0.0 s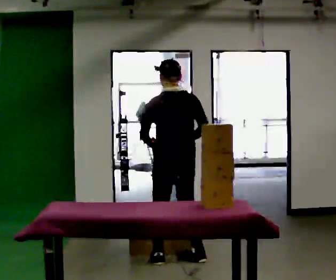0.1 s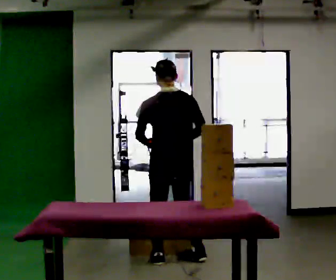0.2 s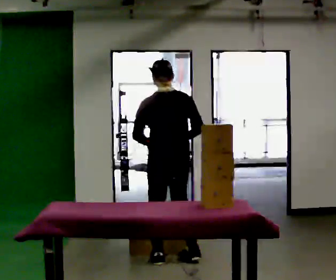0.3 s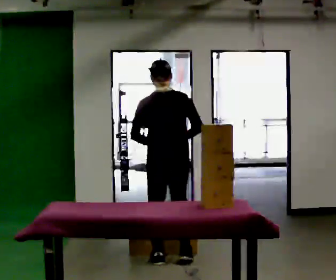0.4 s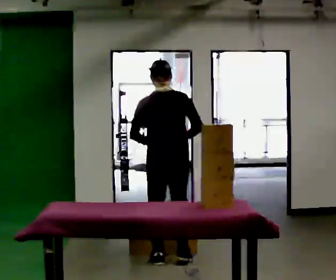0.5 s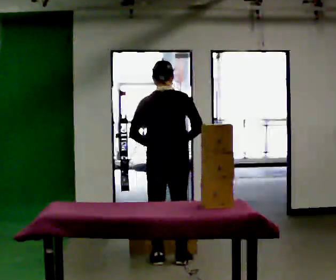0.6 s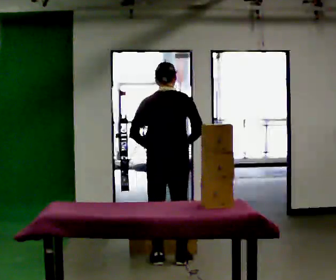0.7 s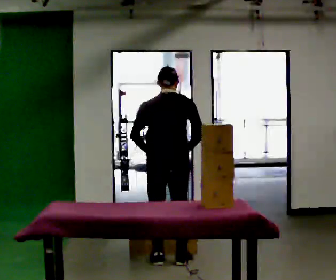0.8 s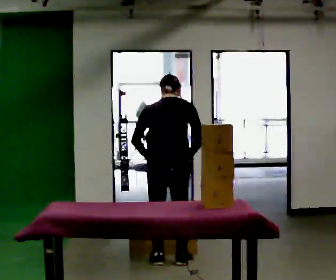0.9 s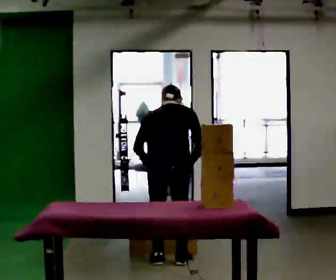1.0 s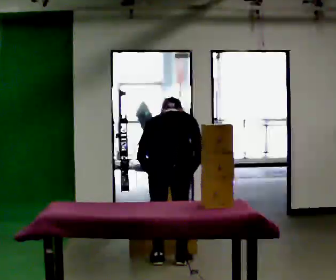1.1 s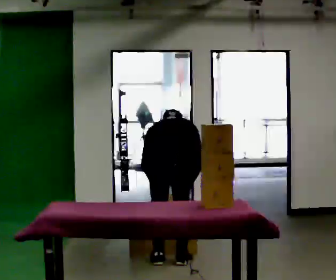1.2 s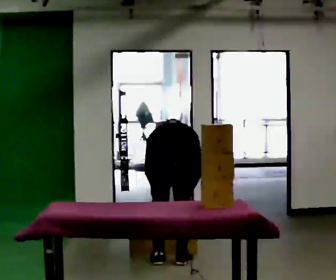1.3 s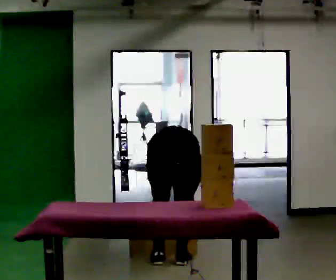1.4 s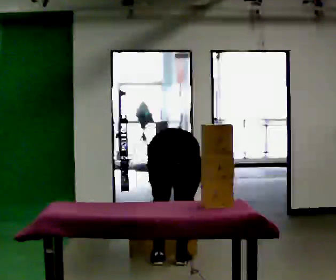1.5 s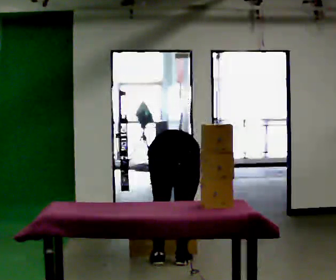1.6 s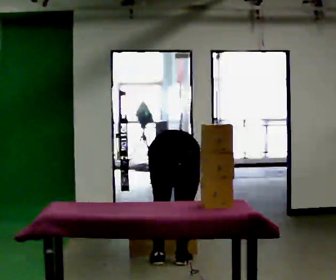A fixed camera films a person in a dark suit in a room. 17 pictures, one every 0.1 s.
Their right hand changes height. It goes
downward.
The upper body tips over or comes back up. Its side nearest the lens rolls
upward.
0.0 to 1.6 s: In the picture they go toward the camera, about 0.25 m in 1 step, which for them is backward. The upper body goes downward. The upper body tips away from the camera, its near side rolling upward, as they bend forward. In the picture their right hand goes downward.
The film runs backward here.
